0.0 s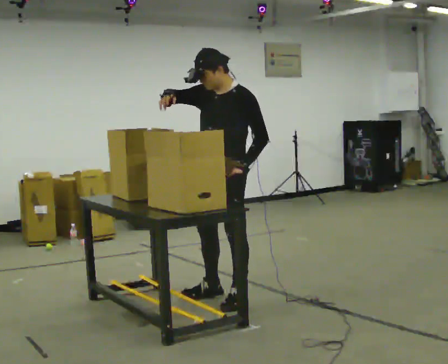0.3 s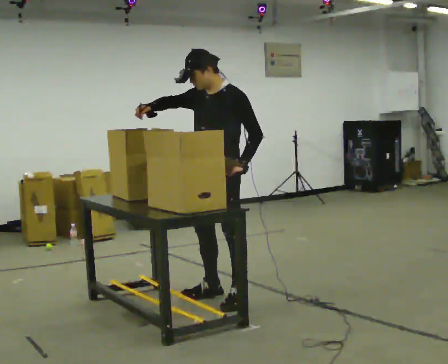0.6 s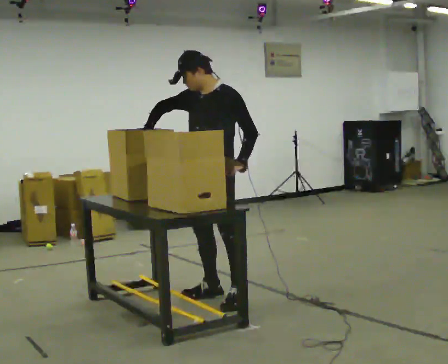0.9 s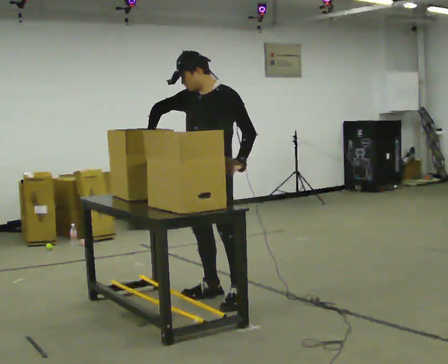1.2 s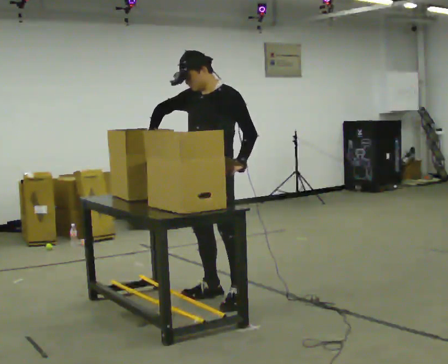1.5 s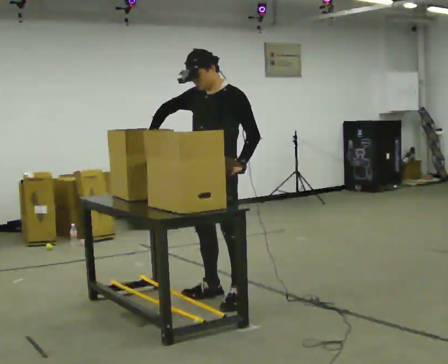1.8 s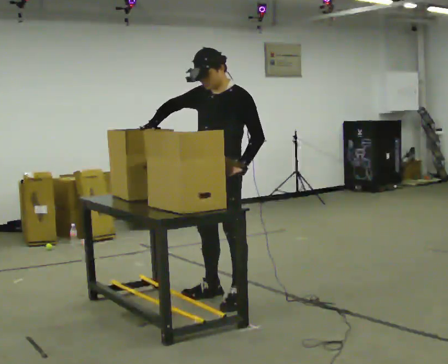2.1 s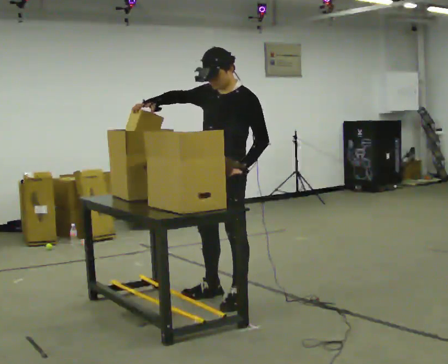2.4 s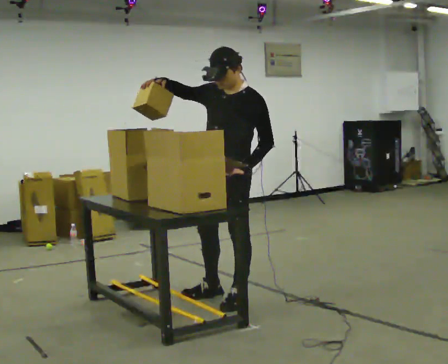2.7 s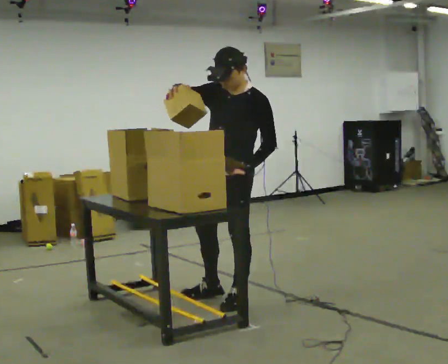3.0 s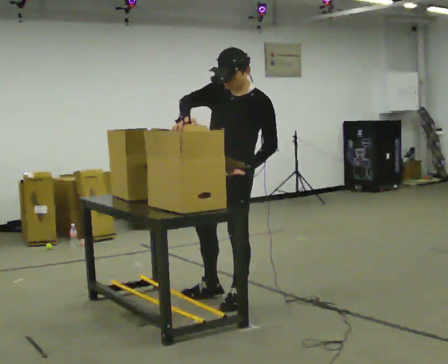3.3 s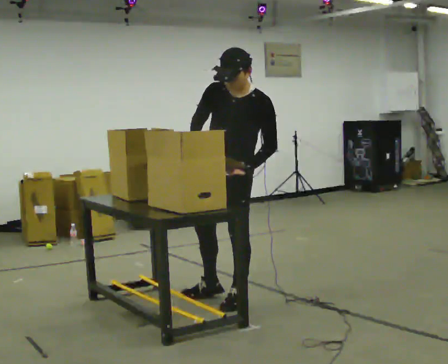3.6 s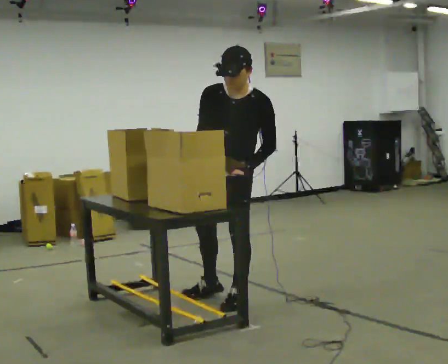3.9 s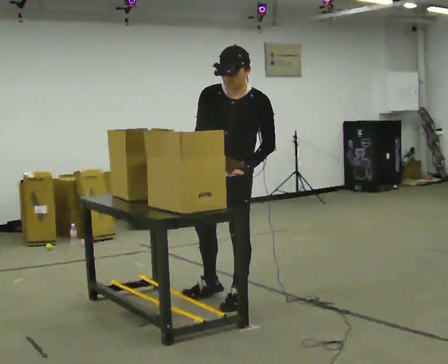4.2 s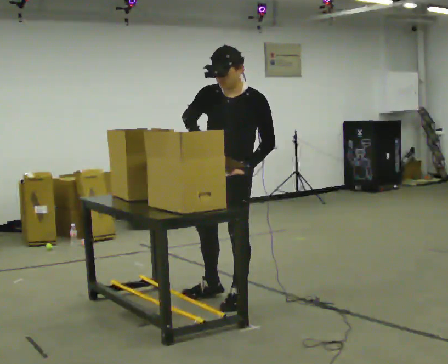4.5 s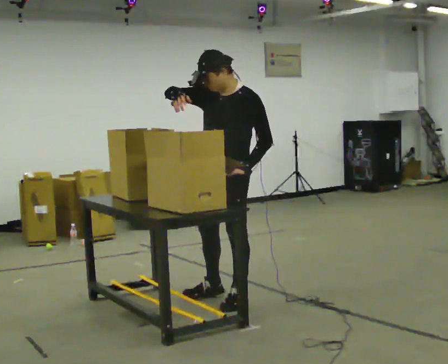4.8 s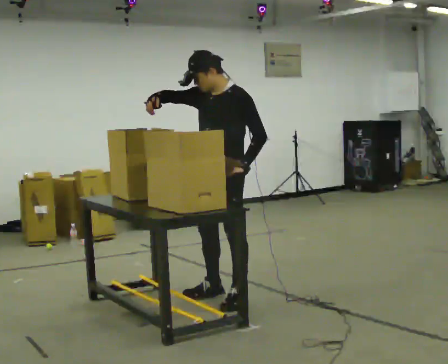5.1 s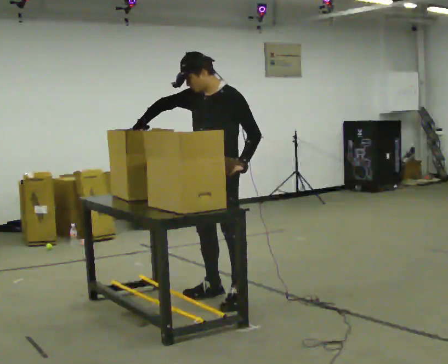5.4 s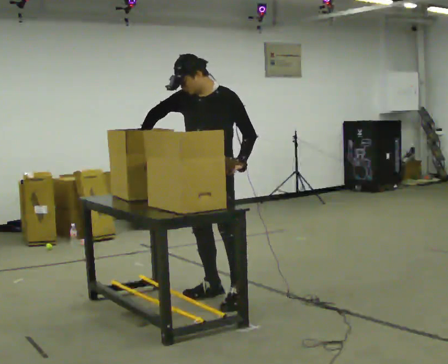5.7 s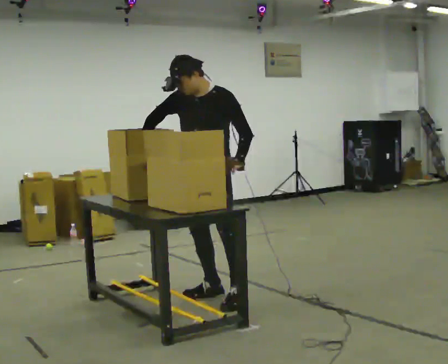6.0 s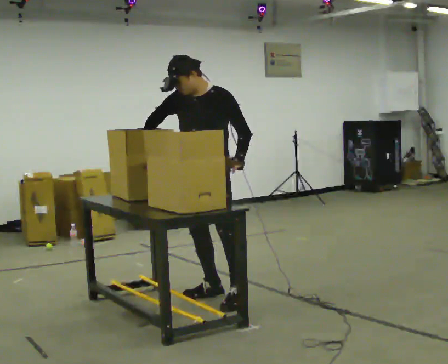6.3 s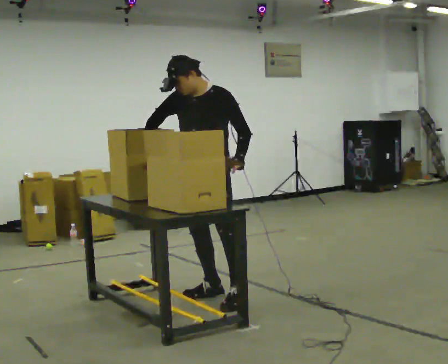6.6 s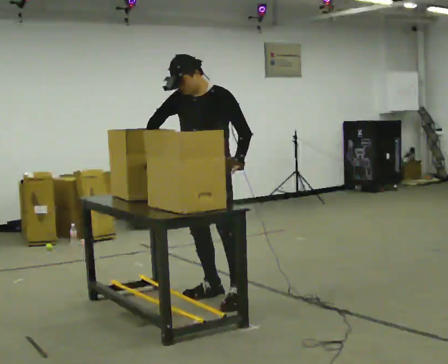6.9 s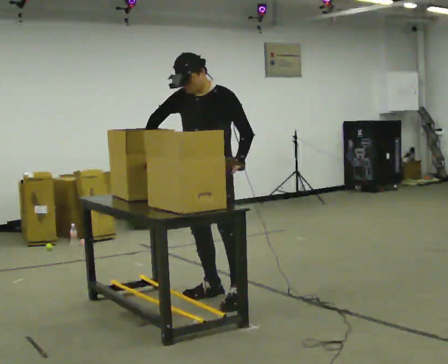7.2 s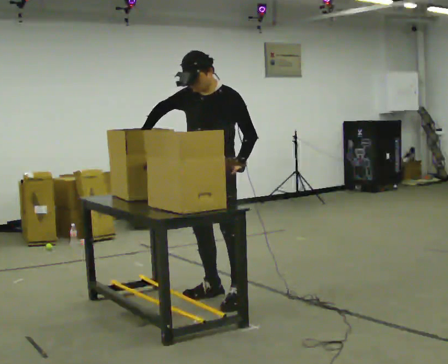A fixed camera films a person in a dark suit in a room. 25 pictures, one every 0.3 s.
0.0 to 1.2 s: The person moves a little, or ends about where they began.
1.2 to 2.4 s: In the picture their right hand goes upward.
2.4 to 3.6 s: In the picture their right hand goes downward, the arm swinging counterclockwise.
3.6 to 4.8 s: In the picture their right hand goes upward and to the left.
4.8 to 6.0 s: In the picture their right hand goes downward.
6.0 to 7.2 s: The person moves a little, or ends about where they began.
The film runs forward here.
